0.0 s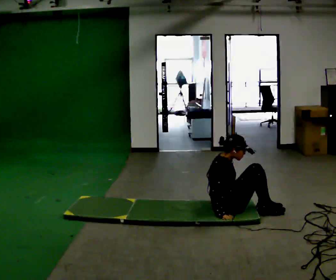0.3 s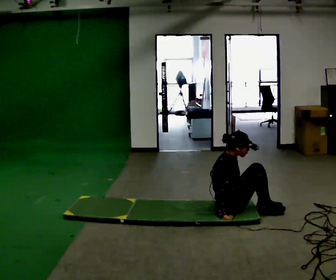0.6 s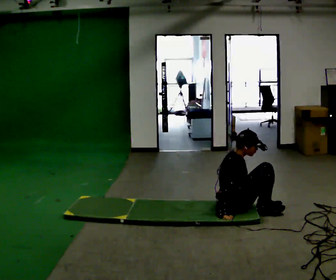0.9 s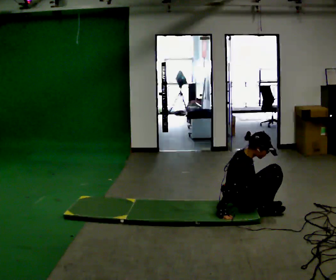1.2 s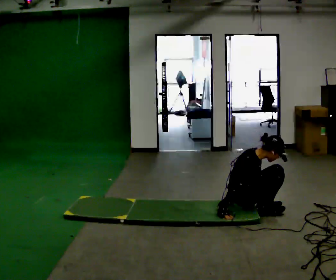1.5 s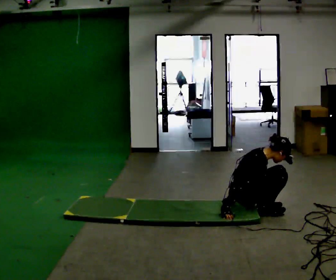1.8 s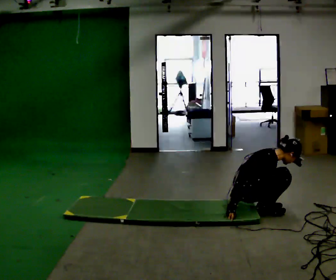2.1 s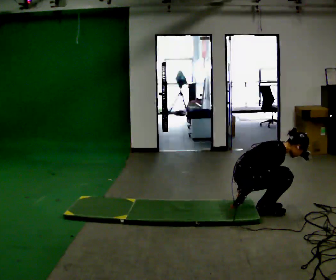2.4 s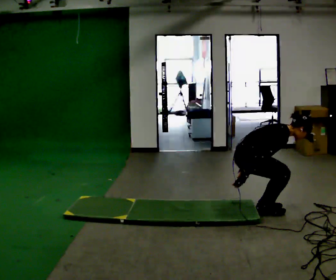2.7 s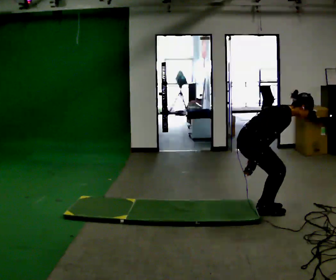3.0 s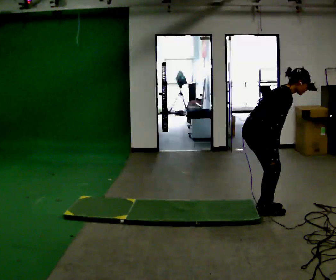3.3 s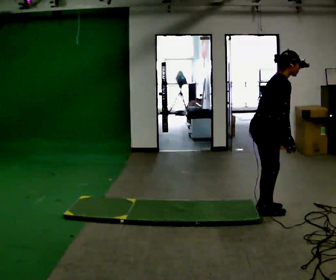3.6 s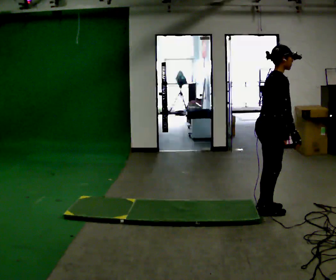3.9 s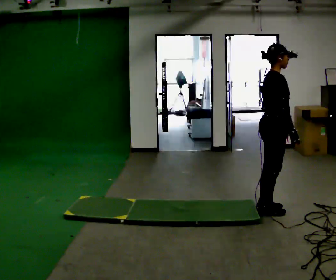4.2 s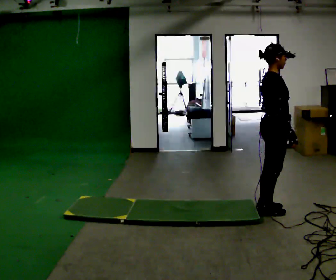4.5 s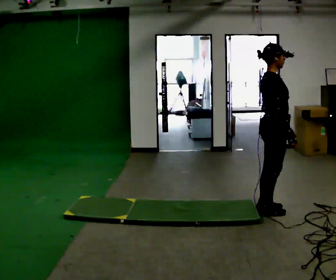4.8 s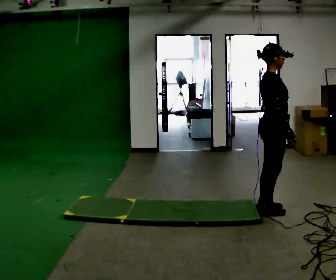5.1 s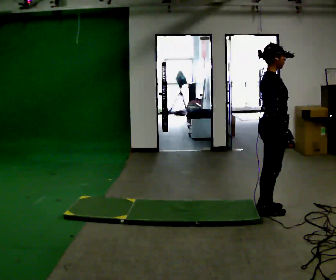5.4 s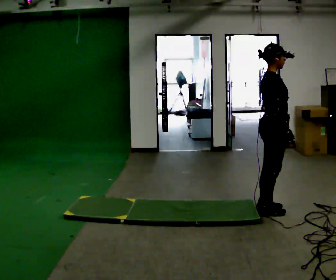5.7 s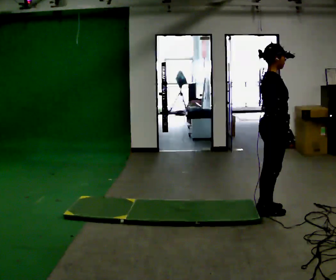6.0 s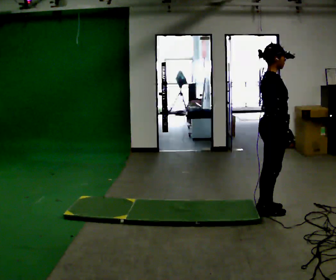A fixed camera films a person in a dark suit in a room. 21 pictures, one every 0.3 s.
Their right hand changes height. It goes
upward.
Their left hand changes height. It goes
upward.
0.0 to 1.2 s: In the picture the upper body tilts clockwise, shoulders to the right, as they bend forward.
1.2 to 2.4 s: The shoulders move upward. In the picture the upper body tilts clockwise, shoulders to the right, as they bend forward. In the picture their right hand goes upward.
2.4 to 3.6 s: In the picture they go to the right, about 0.25 m, which for them is forward. The upper body goes upward. In the picture the upper body tilts counterclockwise, shoulders to the left, as they lean back or straighten. In the picture their right hand goes to the right and upward, the arm swinging counterclockwise.
3.6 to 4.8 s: The person moves a little, or ends about where they began.
4.8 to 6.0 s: The person keeps their place and pose.
The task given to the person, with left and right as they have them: From standing, lie down flat on your back, then get back up to standing in whatever way is natural. Repeat the movement at your own pace until the operator says stop; do not rush.
The film runs forward here.
